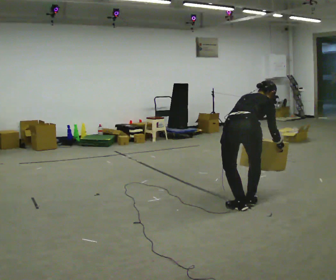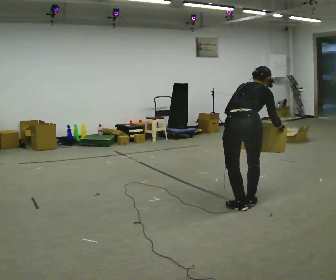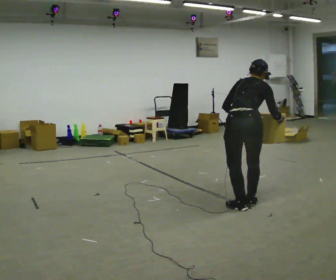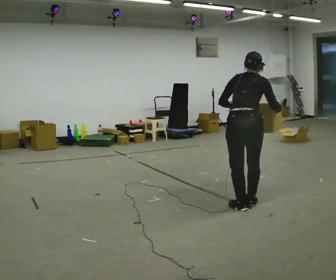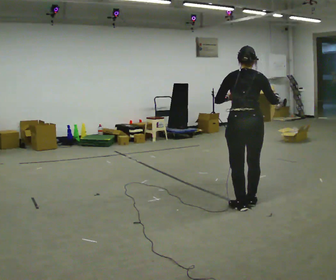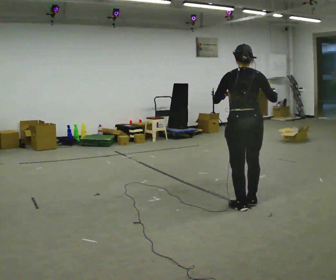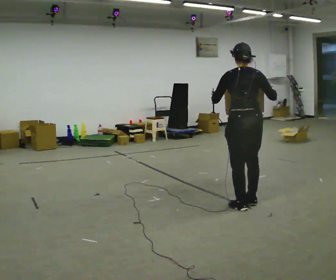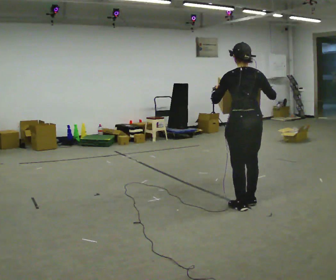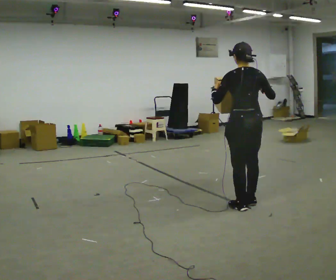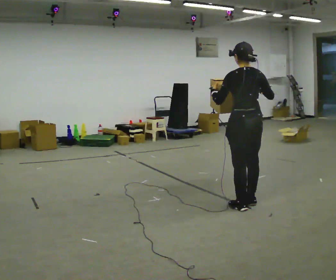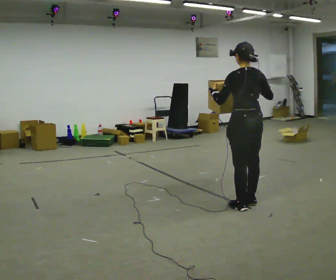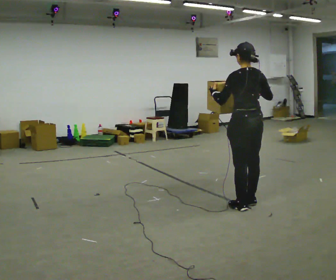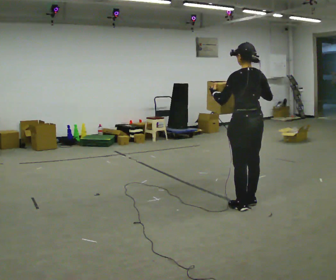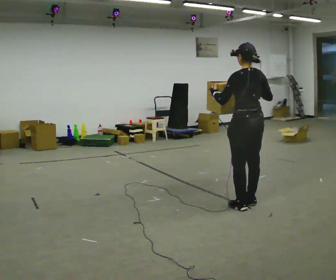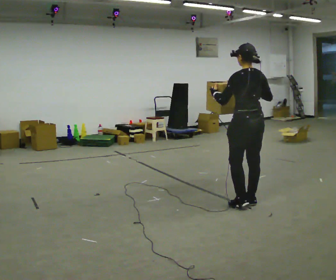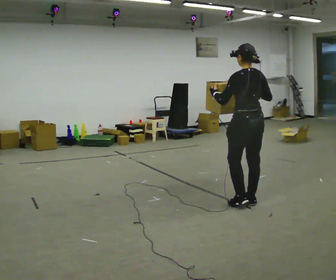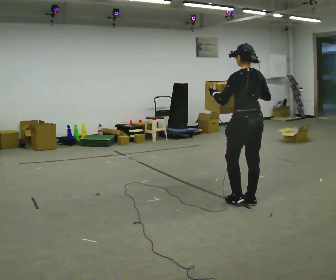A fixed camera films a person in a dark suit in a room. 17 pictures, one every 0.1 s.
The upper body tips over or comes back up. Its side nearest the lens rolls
downward.
The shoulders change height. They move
upward.
0.0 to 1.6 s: Seen from above the body turns counterclockwise, about 60 degrees: to their left, with its near side sliding to the right. In the picture they go away from the camera, about 0.25 m, which for them is forward and to their right. The shoulders move upward. The upper body tips toward the camera, its near side rolling downward, as they lean back or straighten. In the picture their right hand goes upward.
The film runs forward here.
